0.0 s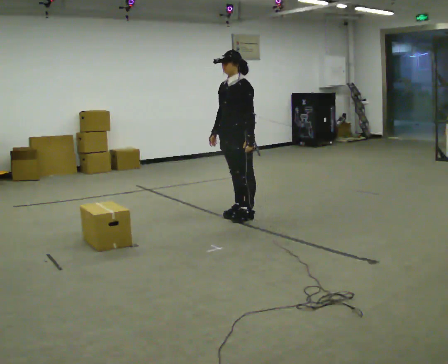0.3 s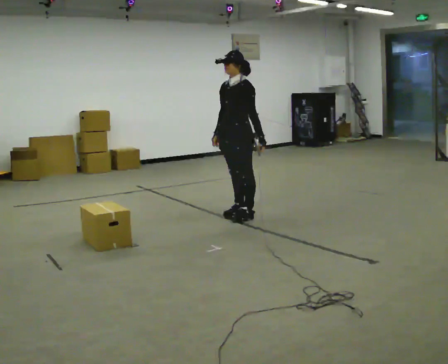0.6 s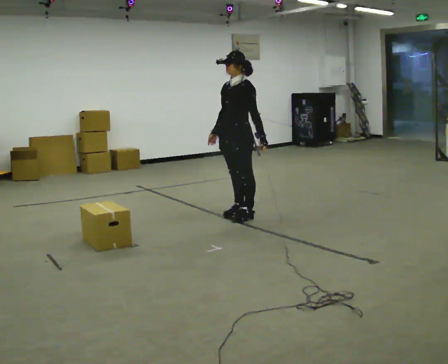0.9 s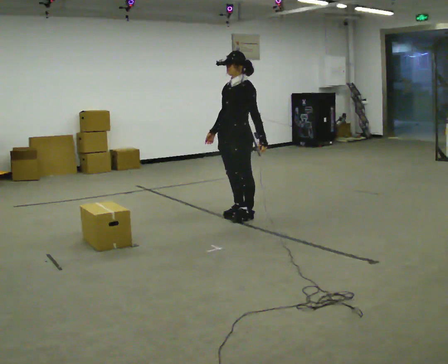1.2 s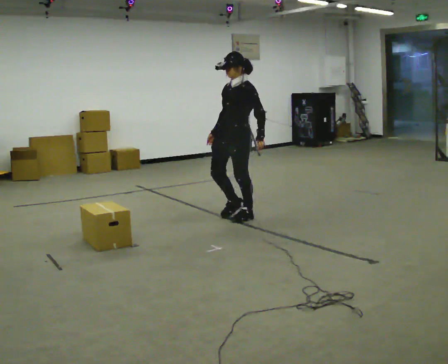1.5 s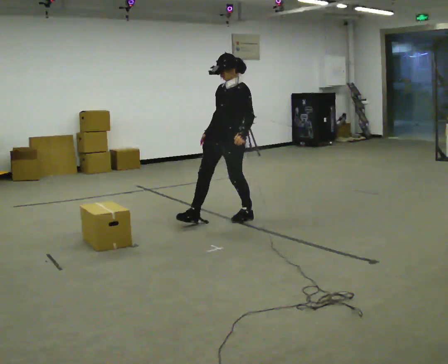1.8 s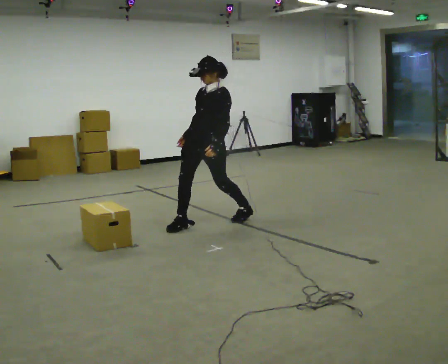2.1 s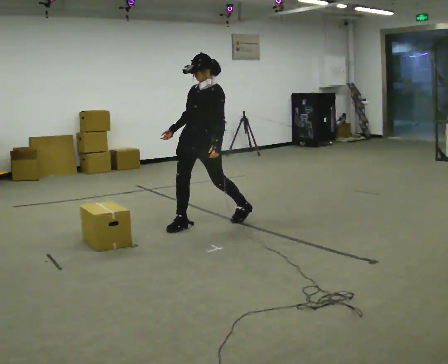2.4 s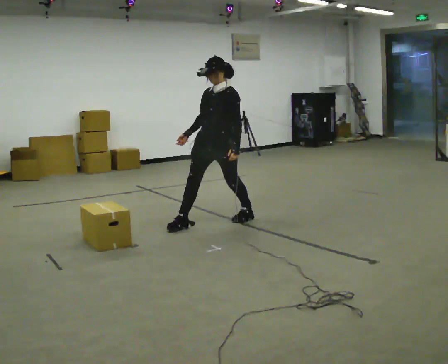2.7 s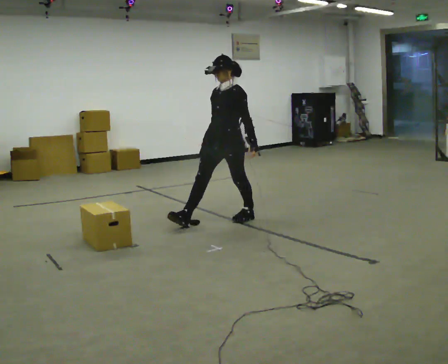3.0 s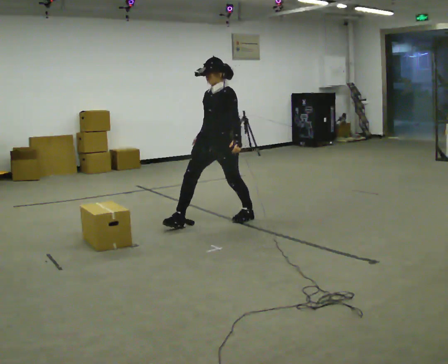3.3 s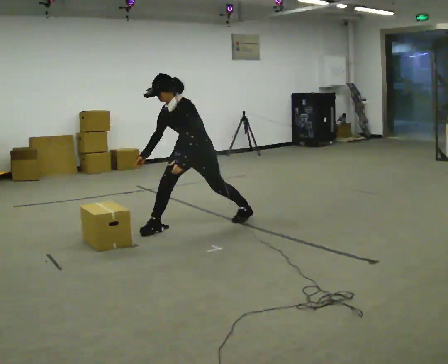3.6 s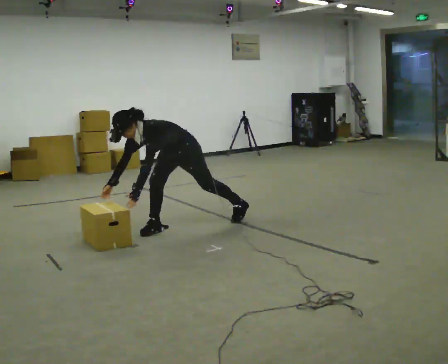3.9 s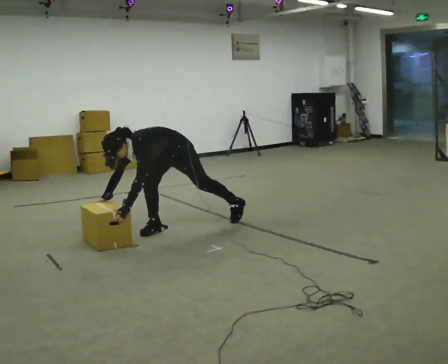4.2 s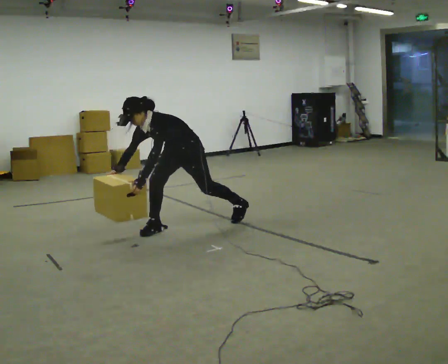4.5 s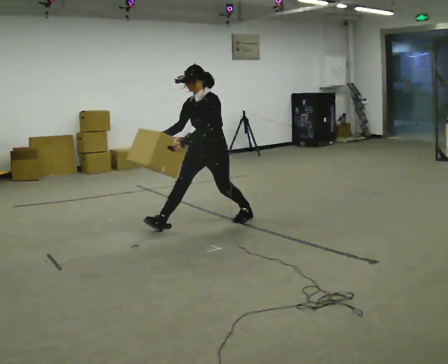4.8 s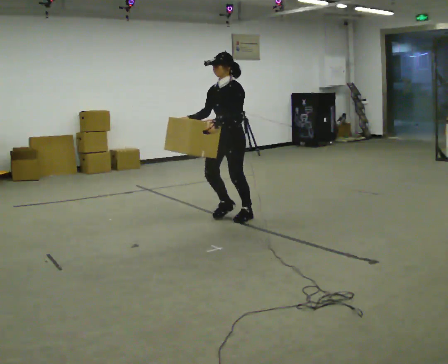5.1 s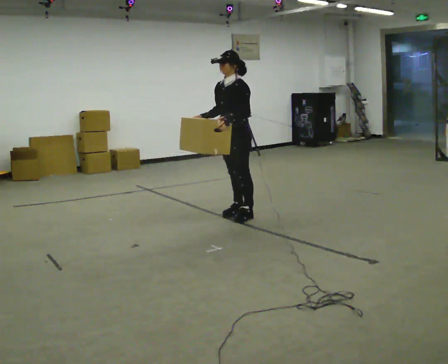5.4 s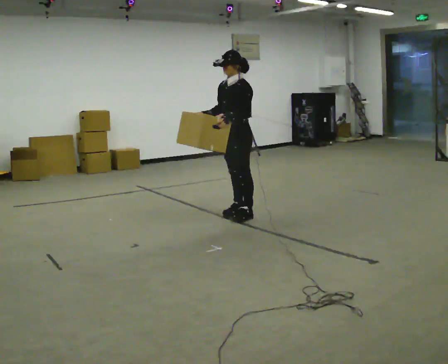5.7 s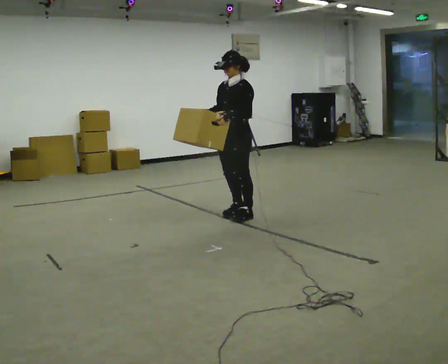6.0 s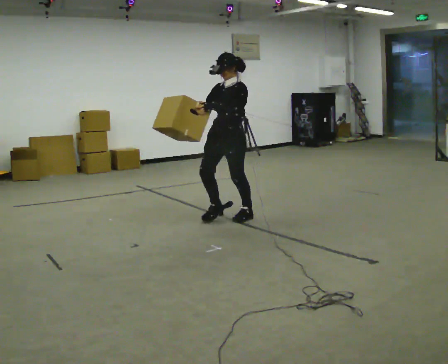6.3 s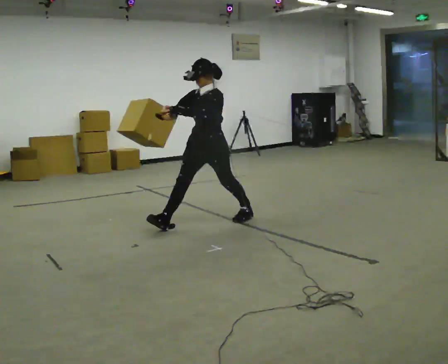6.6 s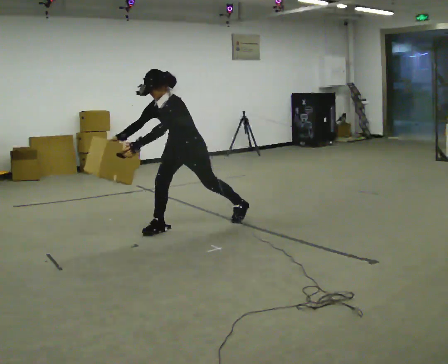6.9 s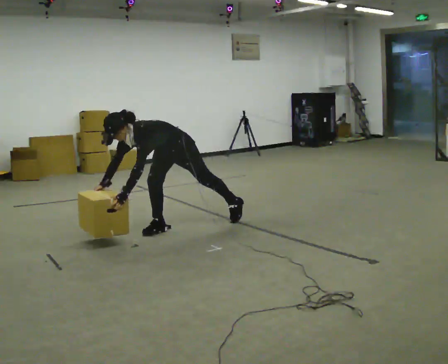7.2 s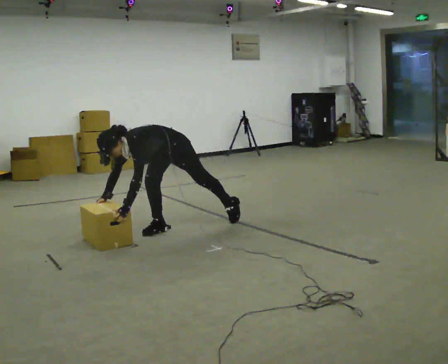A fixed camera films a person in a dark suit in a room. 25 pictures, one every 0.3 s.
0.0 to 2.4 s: In the picture they go toward the camera and to the left, about 0.25 m in 1 step, which for them is forward.
2.4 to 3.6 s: In the picture they go to the left, about 0.5 m in 1 step, which for them is forward and to their right. The upper body goes downward. In the picture the upper body tilts counterclockwise, shoulders to the left, as they bend forward. In the picture their left hand goes downward.
3.6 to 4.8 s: In the picture they go to the right and away from the camera, about 0.5 m, which for them is backward. The shoulders move upward. In the picture the upper body tilts clockwise, shoulders to the right, as they lean back or straighten. In the picture their right hand goes upward.
4.8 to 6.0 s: The person moves a little, or ends about where they began.
6.0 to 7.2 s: In the picture they go to the left and toward the camera, about 0.5 m in 1 step, which for them is forward. The upper body goes downward. In the picture the upper body tilts counterclockwise, shoulders to the left, as they bend forward. In the picture their left hand goes downward.
The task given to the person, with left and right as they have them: The object is placed just too far away for you to reach. Try to reach it while keeping both feet planted, and step only when you have to. Repeat at your own pace until the operator says stop. Go slowly and only as far as you are comfortable. Step whenever you need to; do not try to hold on longer than feels safe.
The film runs forward here.
